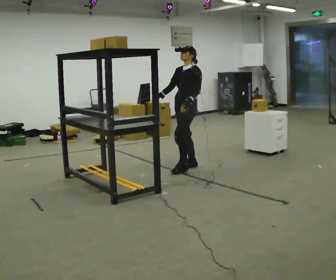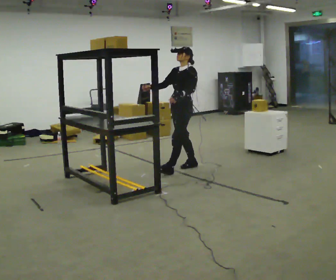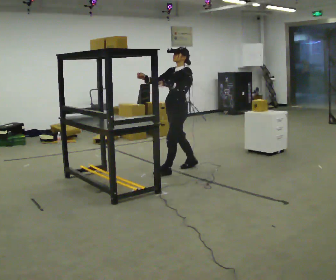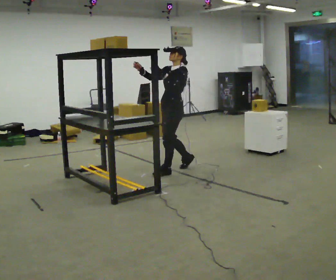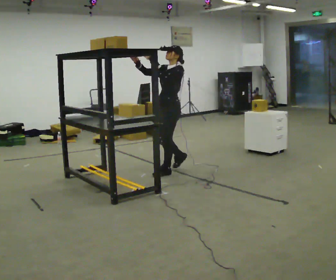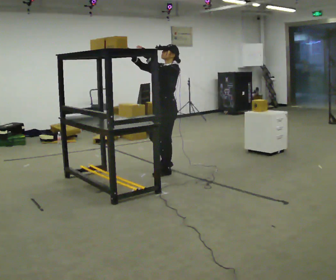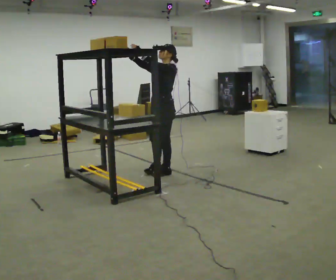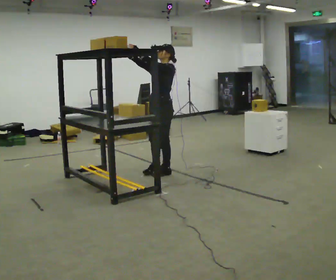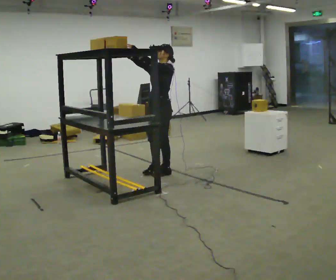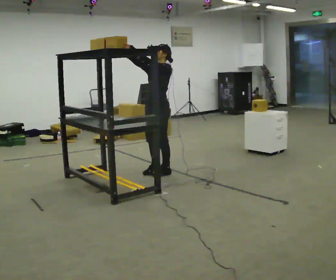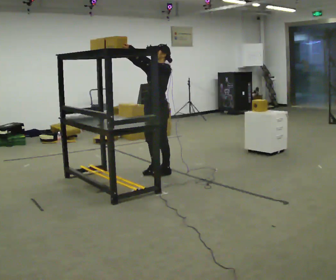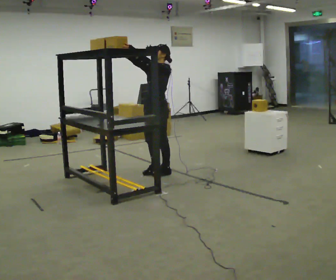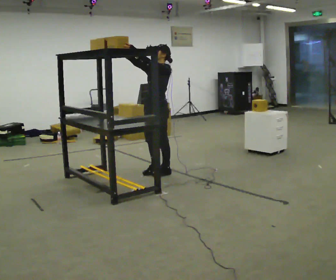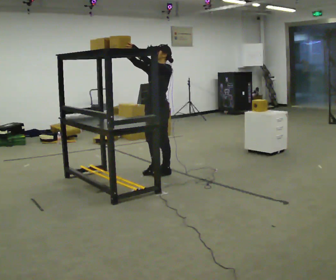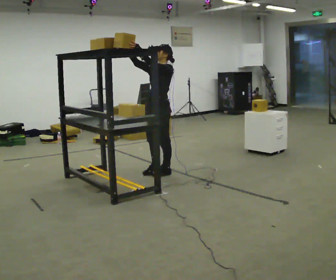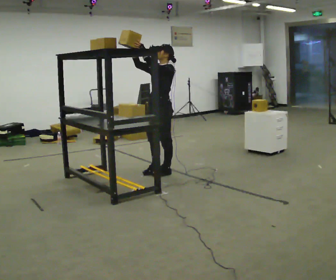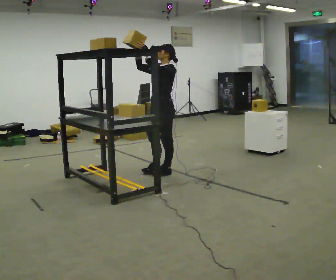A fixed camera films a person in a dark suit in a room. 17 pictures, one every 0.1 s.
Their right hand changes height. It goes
upward.
Their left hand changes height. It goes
upward.
0.0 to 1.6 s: In the picture they go to the left and toward the camera, about 0.25 m in 2 steps, which for them is forward. In the picture their left hand goes upward.
The film runs forward here.
